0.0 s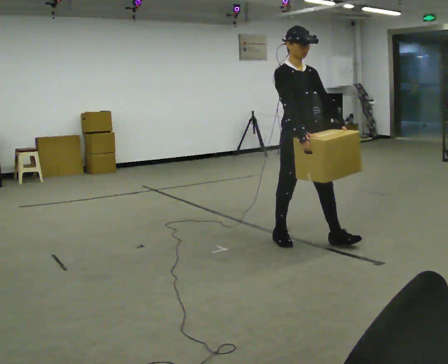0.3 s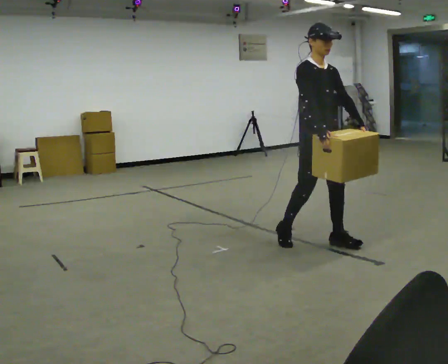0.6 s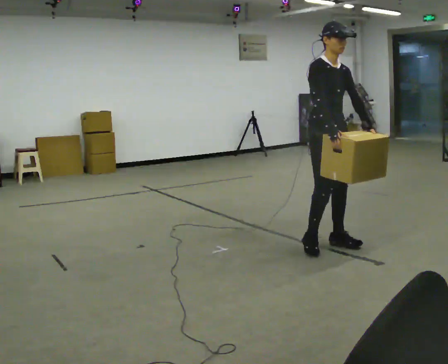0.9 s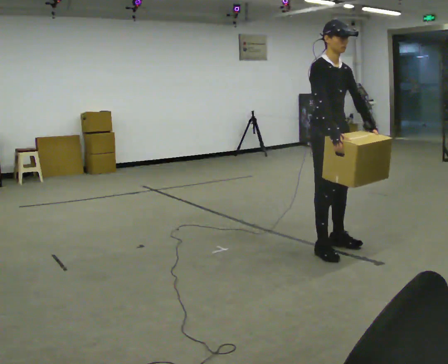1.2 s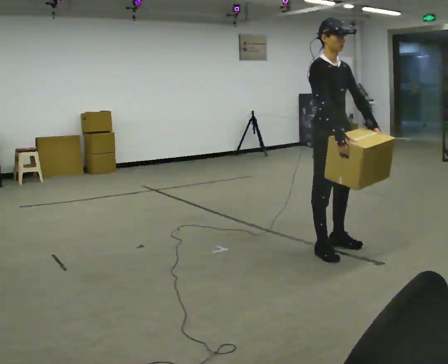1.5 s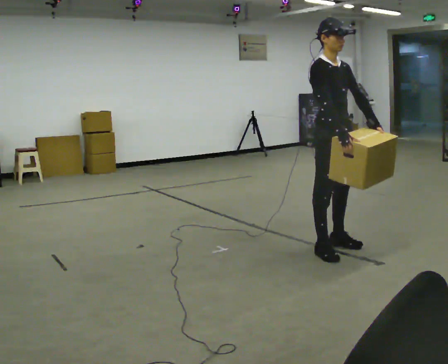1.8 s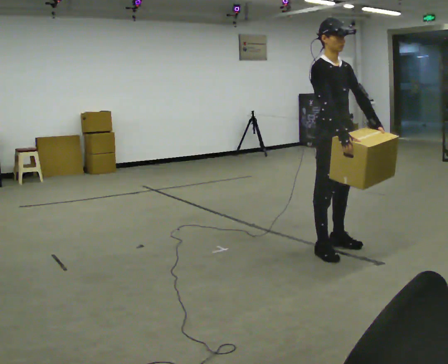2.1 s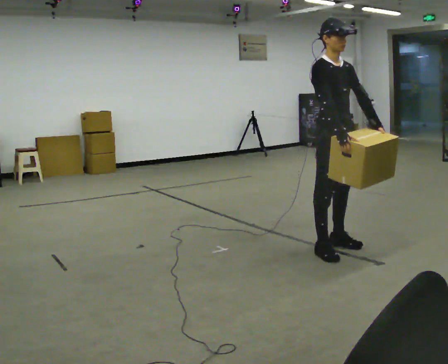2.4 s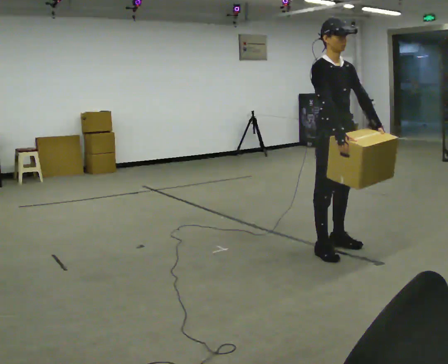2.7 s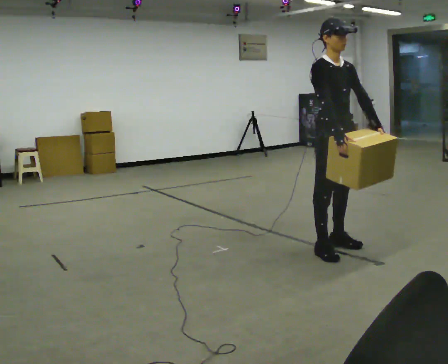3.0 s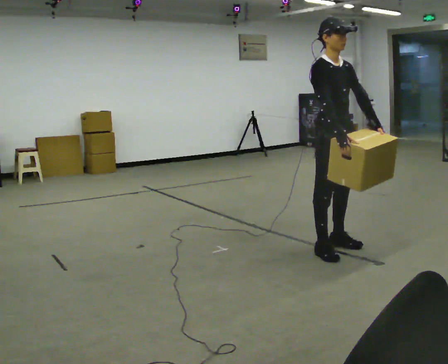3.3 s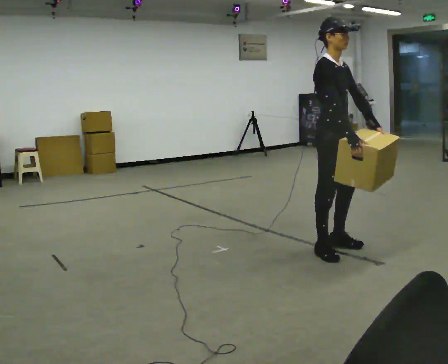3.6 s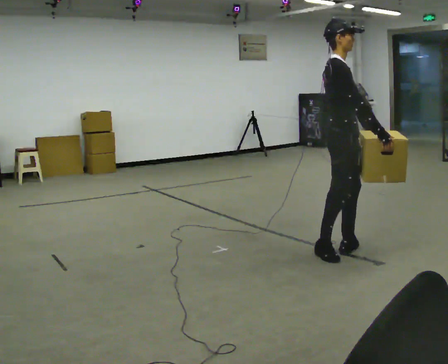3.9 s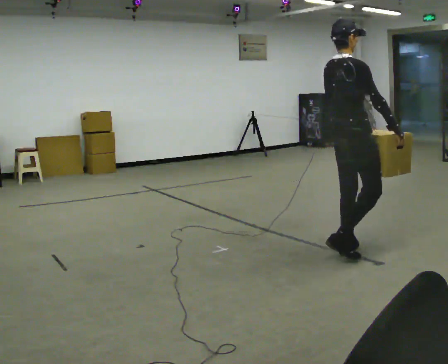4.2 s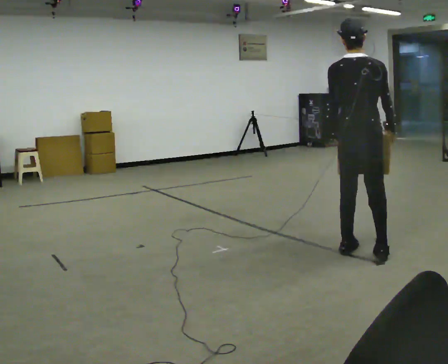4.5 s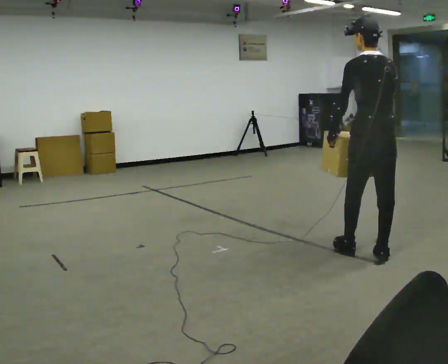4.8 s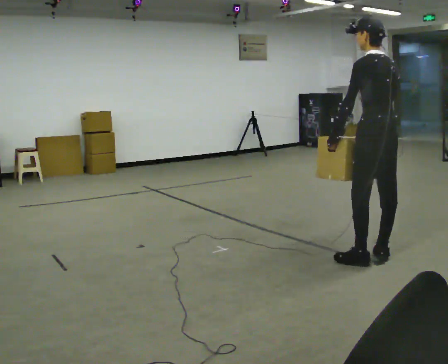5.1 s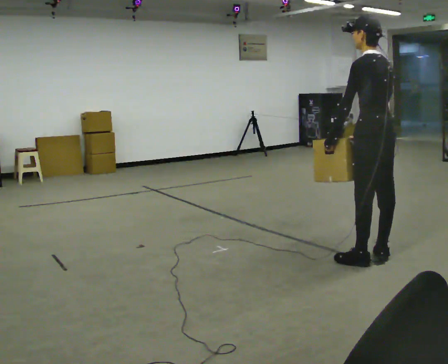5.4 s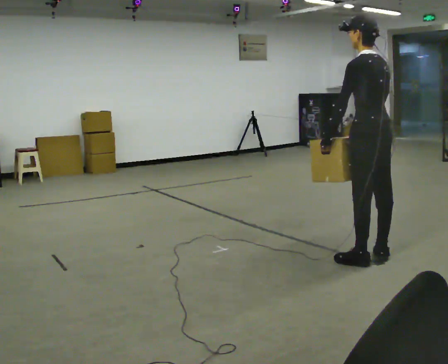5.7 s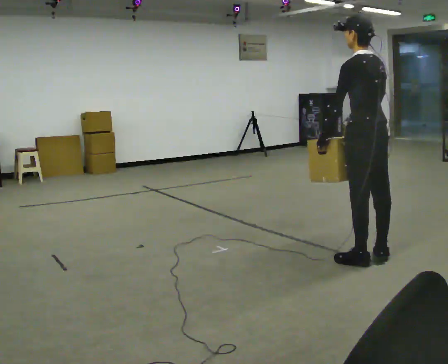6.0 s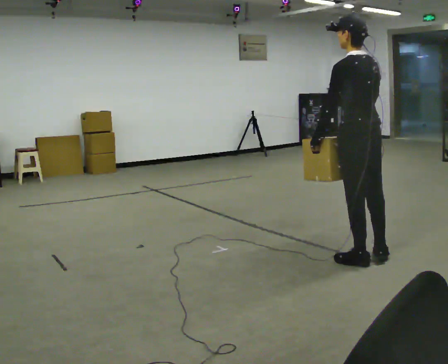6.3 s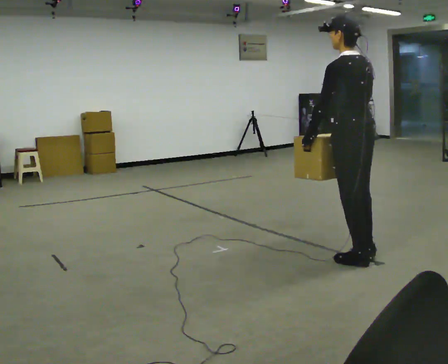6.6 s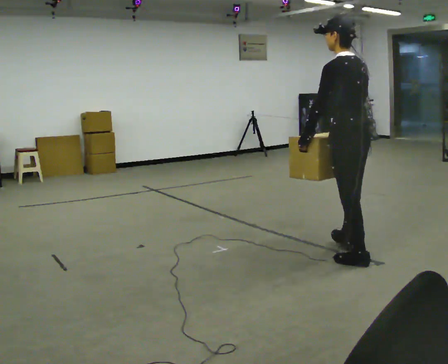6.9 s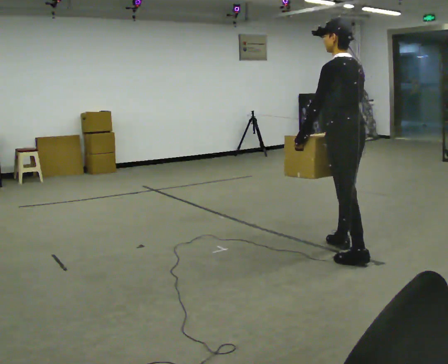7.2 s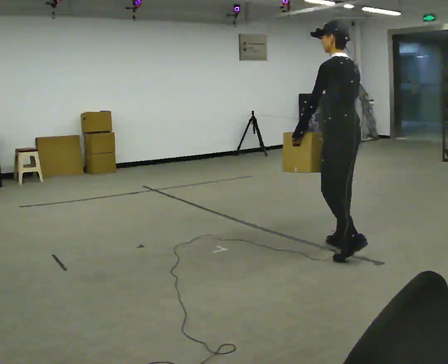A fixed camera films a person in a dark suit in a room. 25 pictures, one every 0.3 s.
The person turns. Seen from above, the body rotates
counterclockwise.
The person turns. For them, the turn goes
to their left.
0.0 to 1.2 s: In the picture they go to the right and toward the camera, about 0.25 m in 1 step, which for them is forward.
1.2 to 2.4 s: The person moves a little, or ends about where they began.
2.4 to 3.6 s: Seen from above the body turns counterclockwise, about 45 degrees: to their left, with its near side sliding to the right. In the picture their right hand goes to the right.
3.6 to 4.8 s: Seen from above the body turns counterclockwise, about 135 degrees: to their left, with its near side sliding to the right. In the picture they go to the right, about 0.25 m in 2 steps.
4.8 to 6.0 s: The person moves a little, or ends about where they began.
6.0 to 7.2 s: In the picture they go away from the camera, about 0.25 m in 1 step, which for them is forward and to their right.
The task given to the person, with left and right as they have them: Carry the box across the room, back and forth. The operator will swap between the box with handles and the one without.
The film runs forward here.
